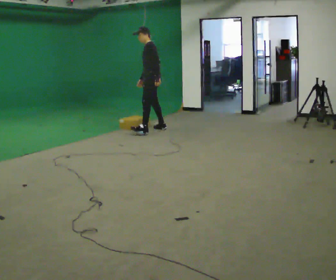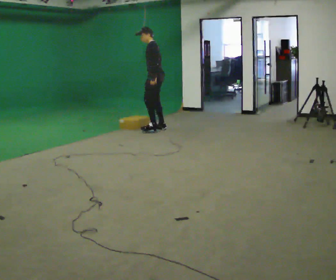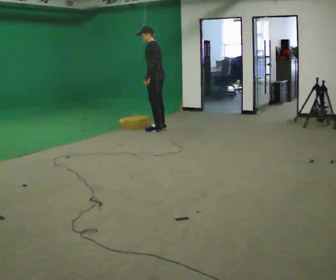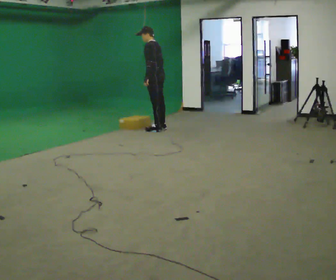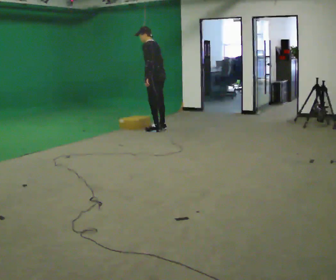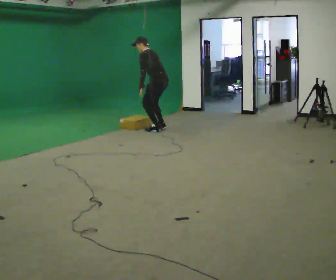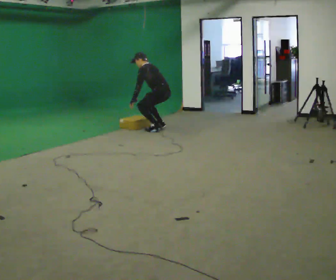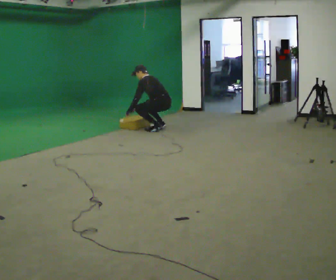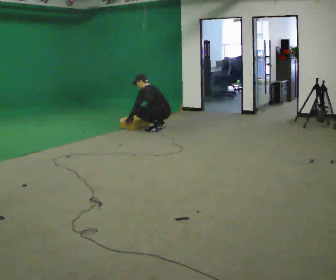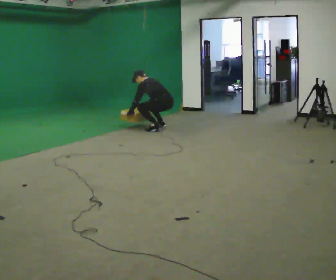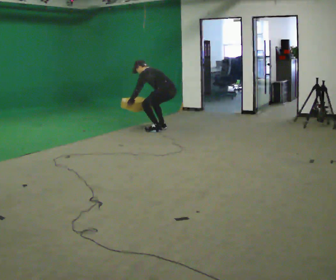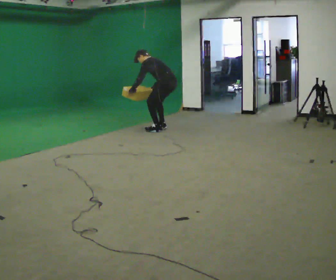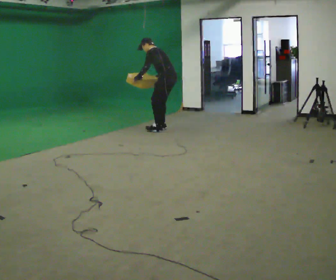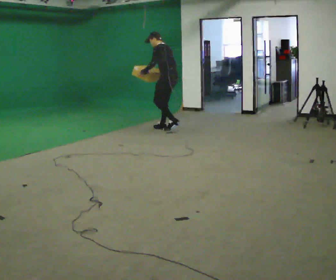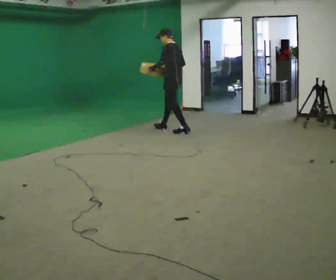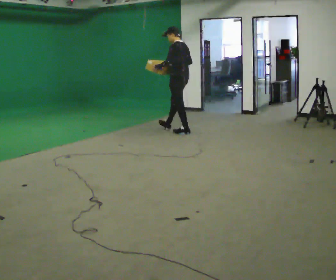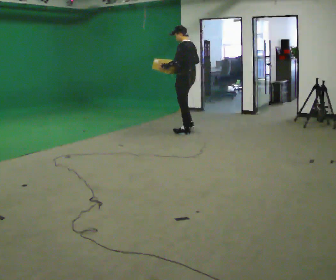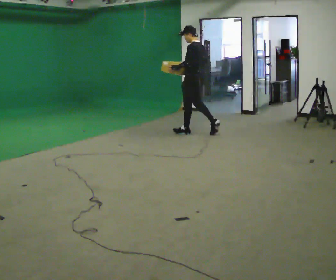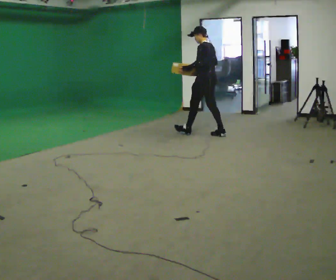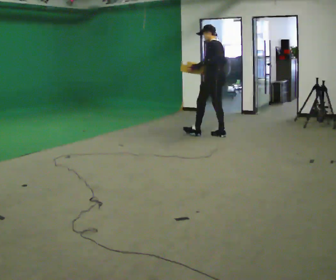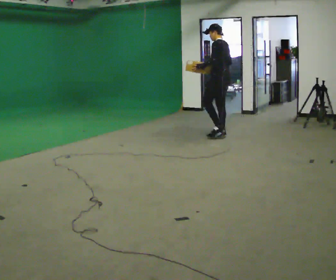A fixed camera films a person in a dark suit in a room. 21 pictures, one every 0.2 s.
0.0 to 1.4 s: The part of the body nearest the lens slides to the left as the person turns to their right by about 30 degrees. In the picture they go to the right, about 0.25 m, which for them is backward. The upper body goes downward. In the picture the upper body tilts counterclockwise, shoulders to the left, as they bend forward. In the picture their left hand goes downward and to the left, the arm swinging clockwise.
1.4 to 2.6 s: In the picture their left hand goes upward.
2.6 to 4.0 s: In the picture they go to the right and toward the camera, about 1 m in 2 steps, which for them is backward. In the picture the upper body tilts clockwise, shoulders to the right.
The film runs backward here.
